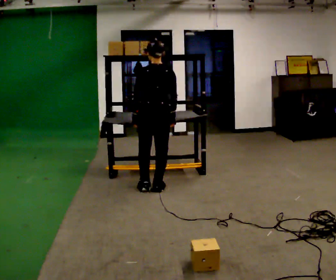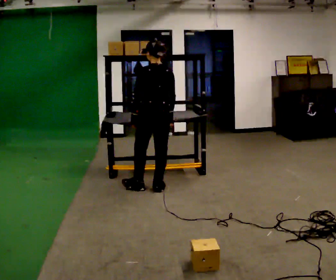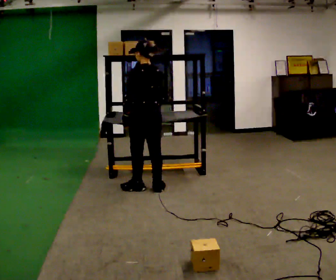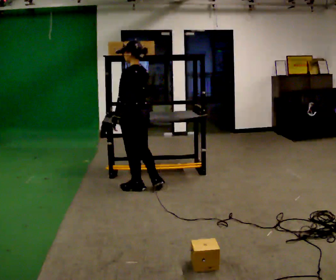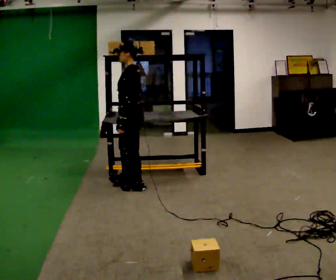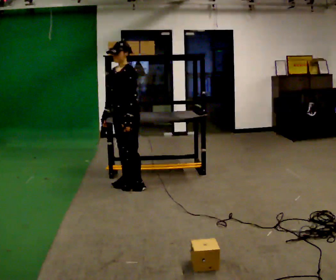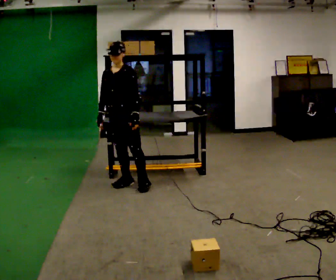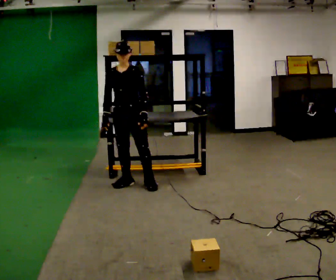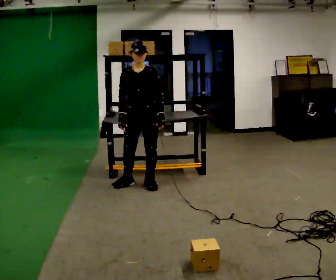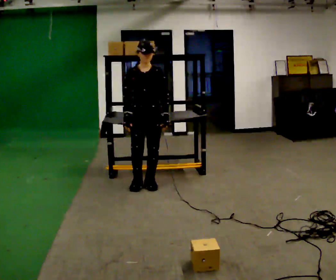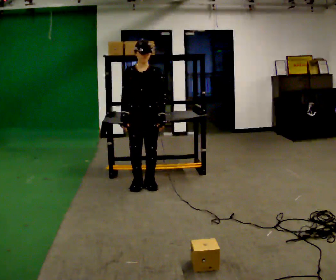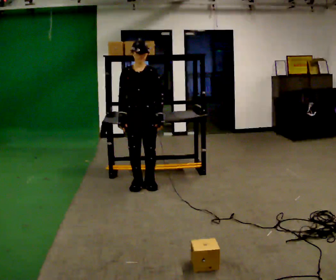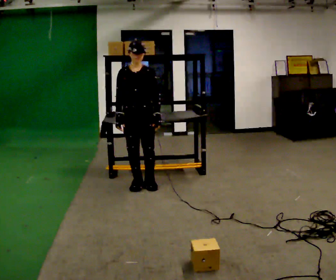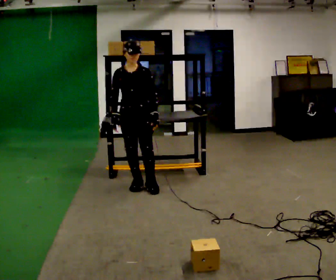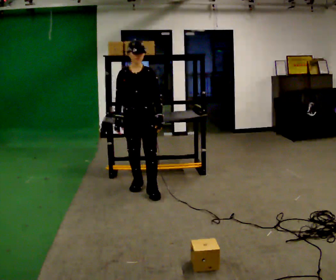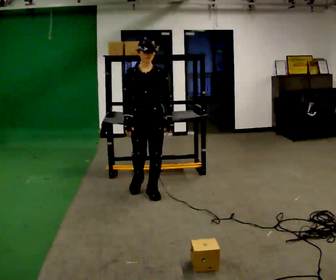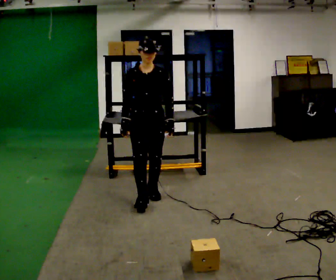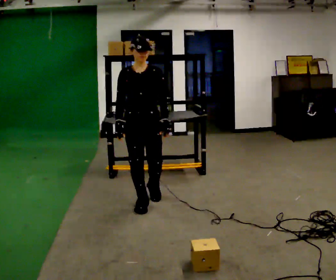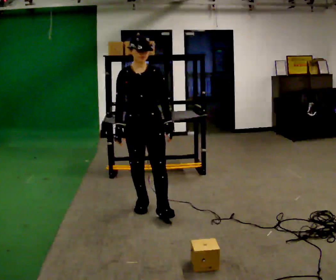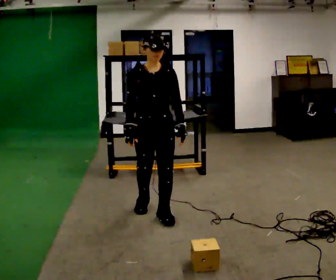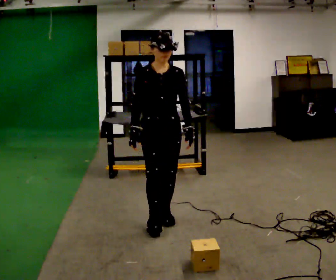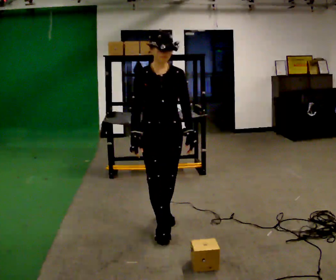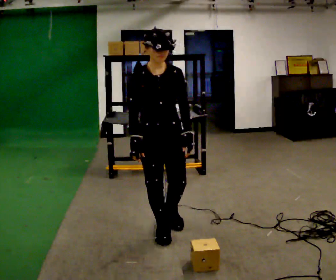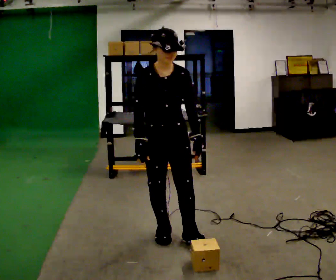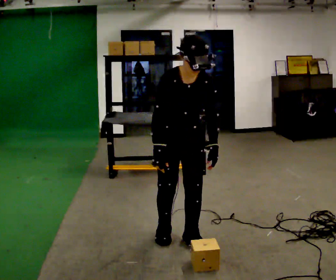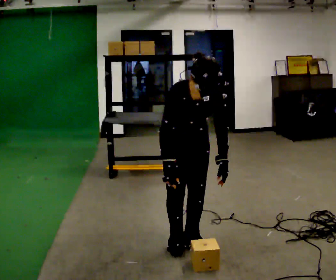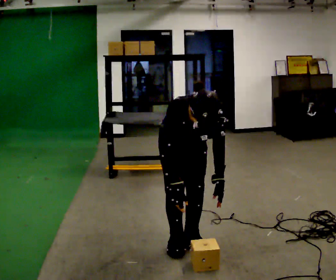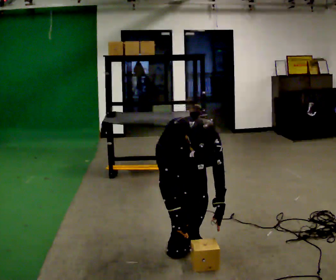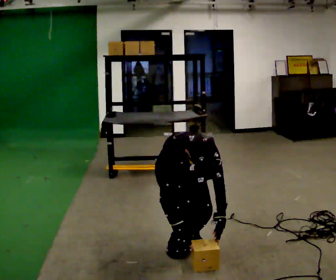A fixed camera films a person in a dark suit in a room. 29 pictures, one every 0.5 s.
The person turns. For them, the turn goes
to their left.
The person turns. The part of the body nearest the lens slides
to the right.
0.0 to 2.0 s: Seen from above the body turns counterclockwise, about 90 degrees: to their left, with its near side sliding to the right. In the picture they go to the left, about 0.25 m in 1 step.
2.0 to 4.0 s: Seen from above the body turns counterclockwise, about 90 degrees: to their left, with its near side sliding to the right.
4.0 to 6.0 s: The person moves a little, or ends about where they began.
6.0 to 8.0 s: In the picture they go toward the camera, about 0.5 m in 2 steps, which for them is forward.
8.0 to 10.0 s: In the picture they go toward the camera, about 0.5 m in 1 step, which for them is forward.
10.0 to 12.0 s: In the picture they go toward the camera, about 0.5 m in 2 steps, which for them is forward. The upper body tips toward the camera, its near side rolling downward, as they bend forward.
12.0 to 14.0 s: The upper body goes downward. The upper body tips toward the camera, its near side rolling downward, as they bend forward. In the picture their right hand goes downward.
The film runs forward here.
